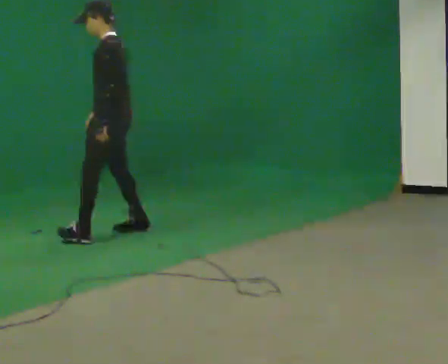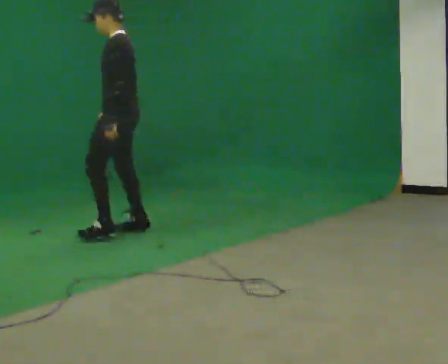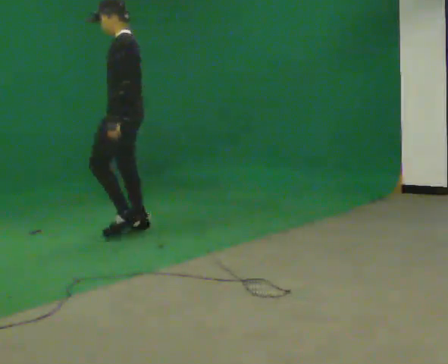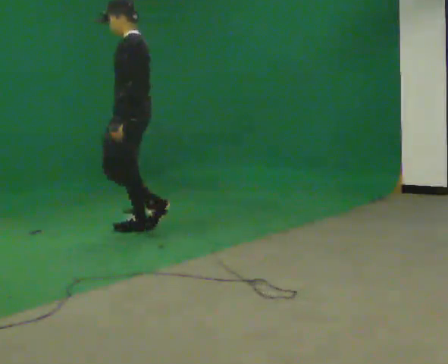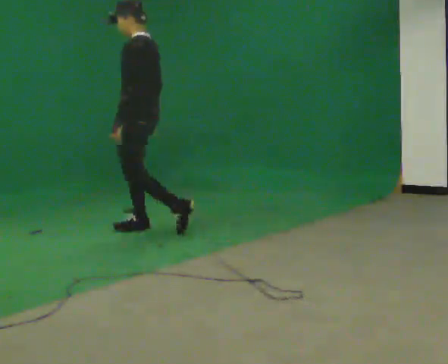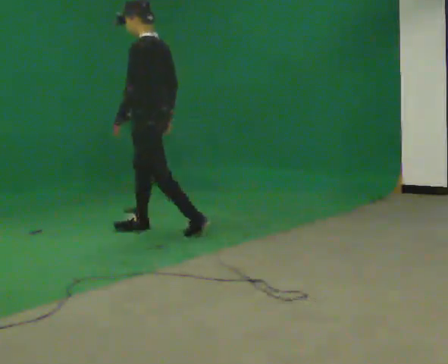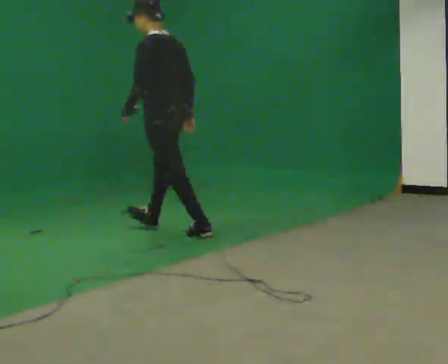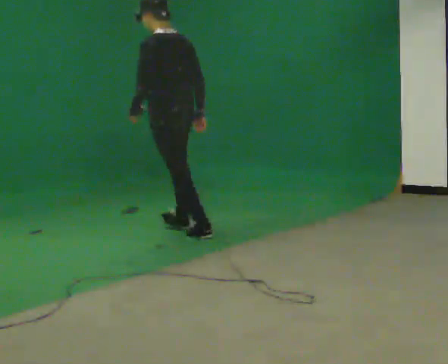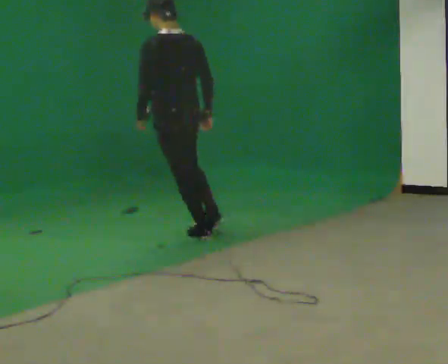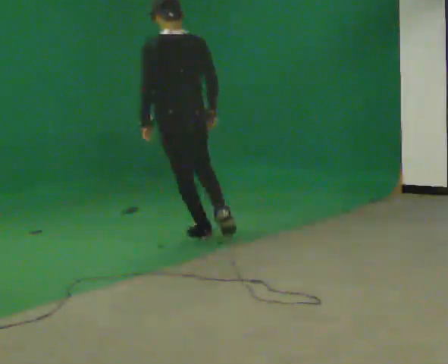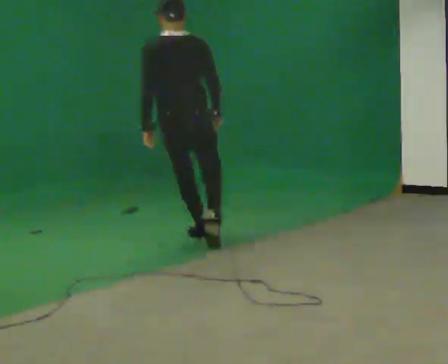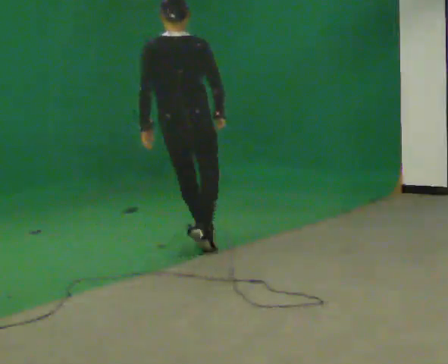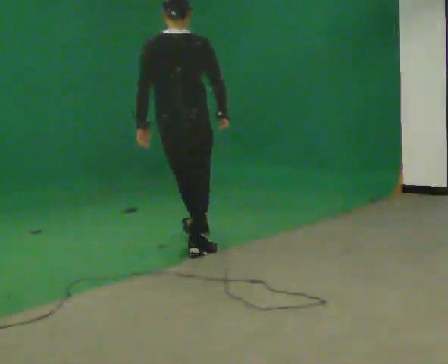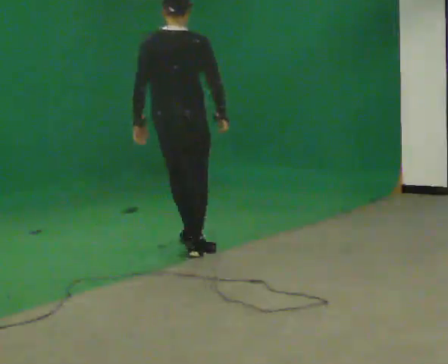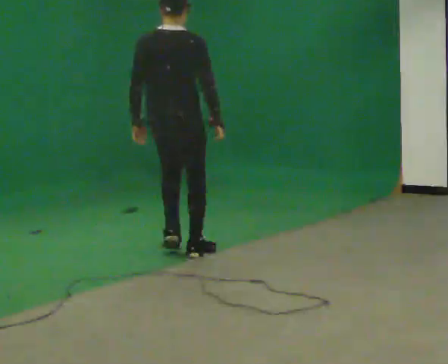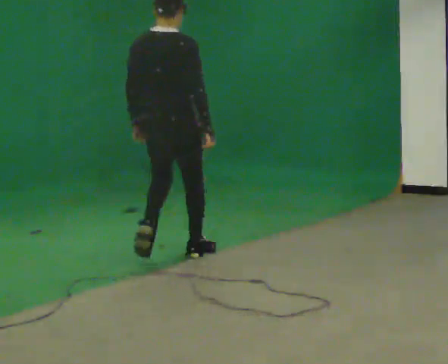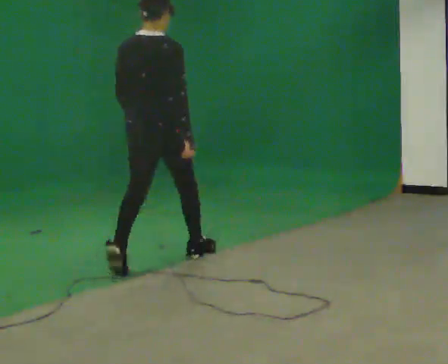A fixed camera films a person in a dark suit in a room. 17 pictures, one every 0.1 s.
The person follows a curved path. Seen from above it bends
clockwise.
The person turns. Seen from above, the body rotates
clockwise.
0.0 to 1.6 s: Seen from above the body turns clockwise, about 105 degrees: to their right, with its near side sliding to the left. In the picture they go toward the camera, about 1 m in 2 steps.
The film runs backward here.
